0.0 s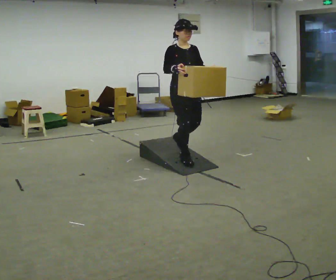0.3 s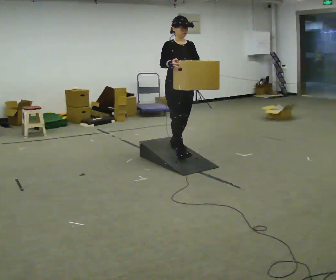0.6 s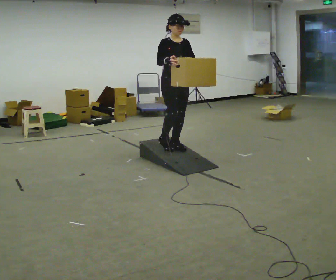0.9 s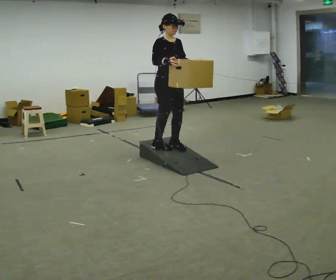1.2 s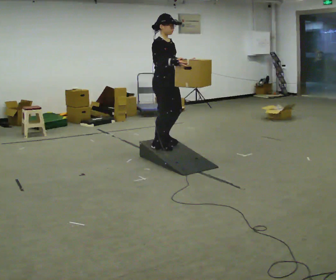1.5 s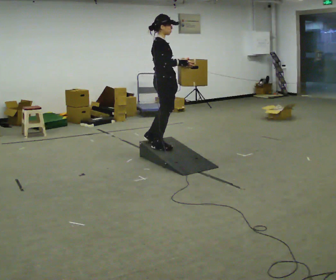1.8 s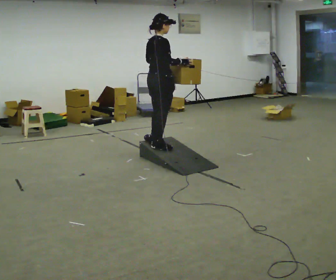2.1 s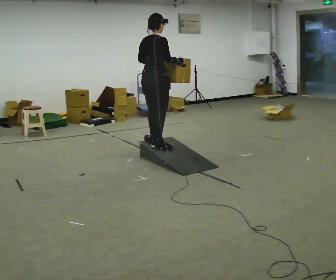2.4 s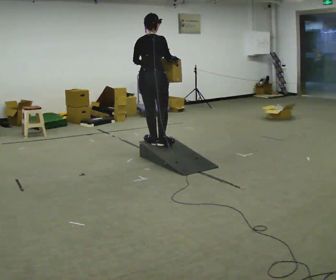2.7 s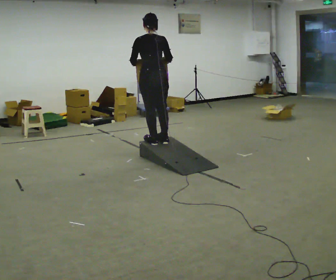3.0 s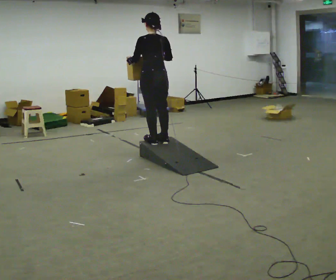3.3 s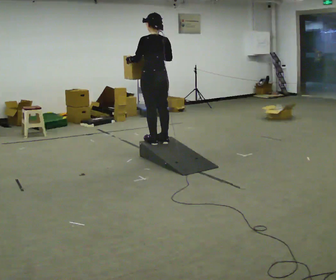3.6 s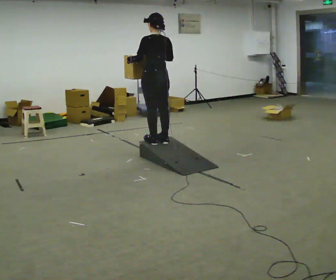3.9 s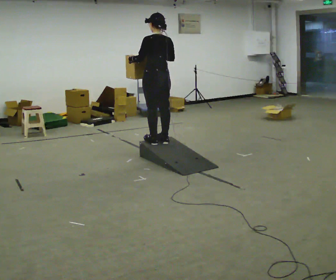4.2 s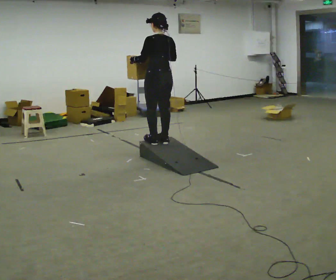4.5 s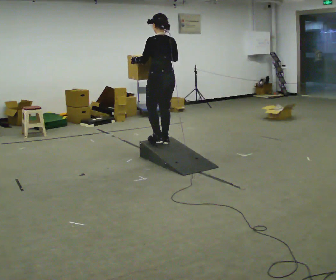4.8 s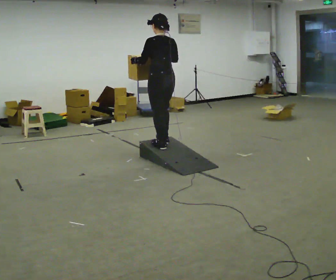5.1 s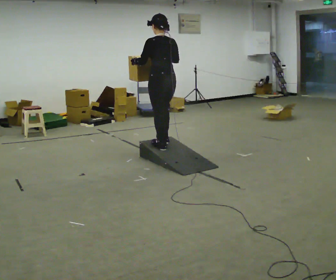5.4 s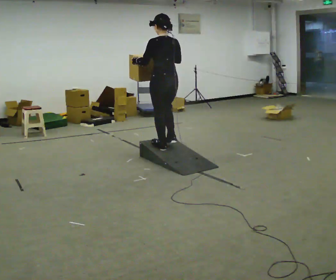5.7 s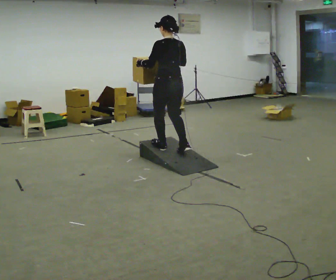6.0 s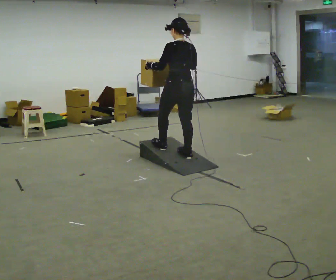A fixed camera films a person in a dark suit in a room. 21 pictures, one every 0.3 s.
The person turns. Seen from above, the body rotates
counterclockwise.
The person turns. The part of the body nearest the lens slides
to the right.
0.0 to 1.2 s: Seen from above the body turns counterclockwise, about 30 degrees: to their left, with its near side sliding to the right. In the picture they go away from the camera and to the left, about 0.25 m in 2 steps, which for them is backward.
1.2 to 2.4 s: Seen from above the body turns counterclockwise, about 105 degrees: to their left, with its near side sliding to the right. In the picture their left hand goes to the left.
2.4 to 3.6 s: The person turns about 45 degrees to their left, counterclockwise seen from above, so the part of the body nearest the lens slides to the right.
3.6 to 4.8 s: The person moves a little, or ends about where they began.
4.8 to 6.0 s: In the picture they go toward the camera and to the right, about 0.25 m in 1 step, which for them is backward.
The film runs backward here.
